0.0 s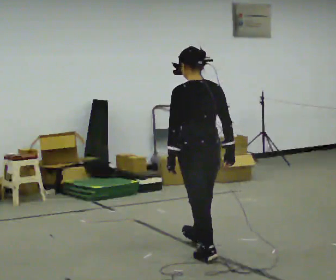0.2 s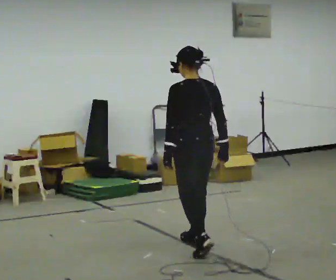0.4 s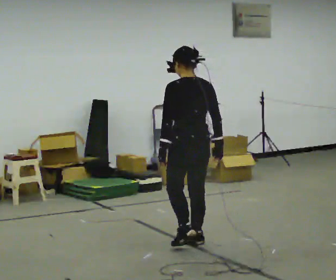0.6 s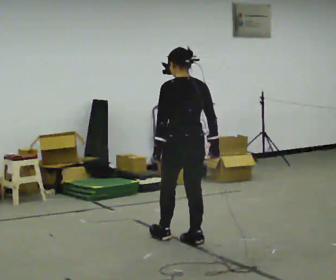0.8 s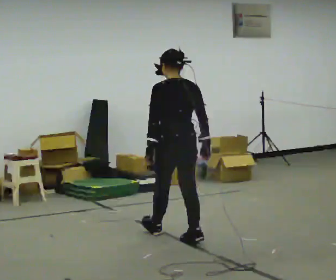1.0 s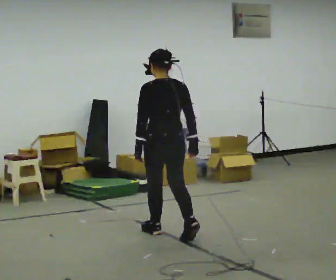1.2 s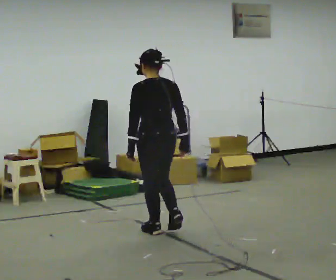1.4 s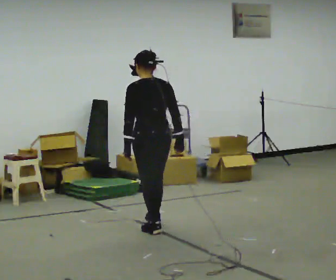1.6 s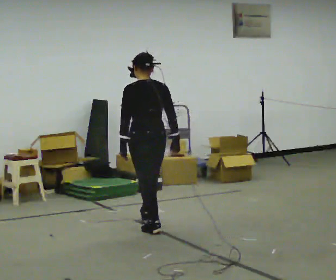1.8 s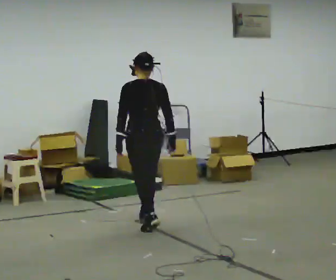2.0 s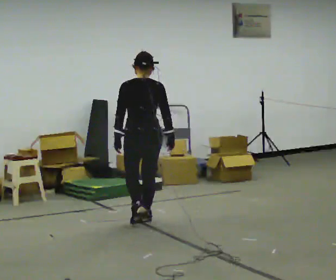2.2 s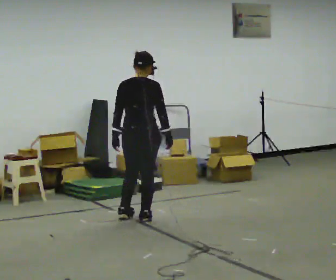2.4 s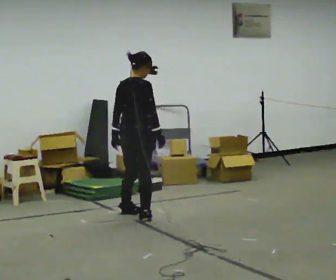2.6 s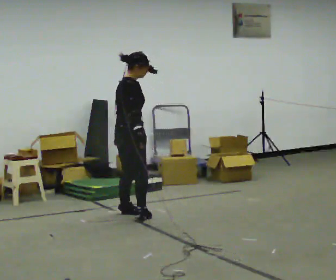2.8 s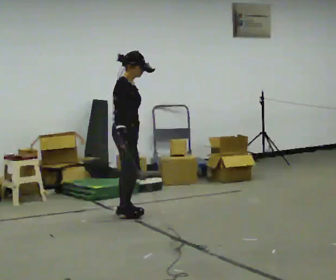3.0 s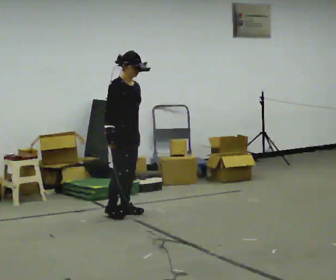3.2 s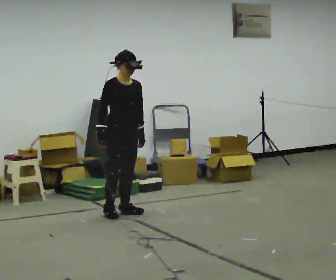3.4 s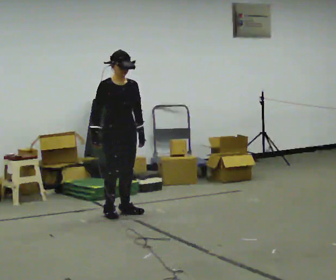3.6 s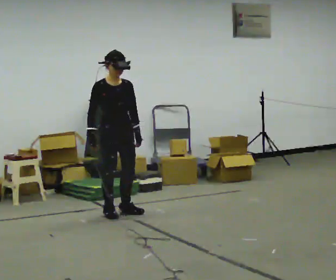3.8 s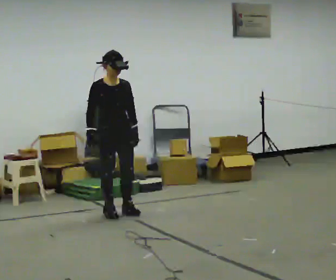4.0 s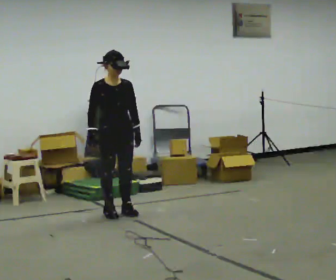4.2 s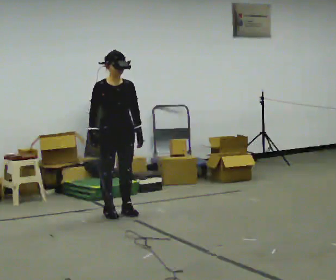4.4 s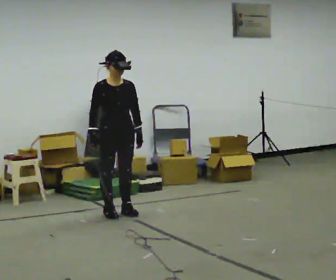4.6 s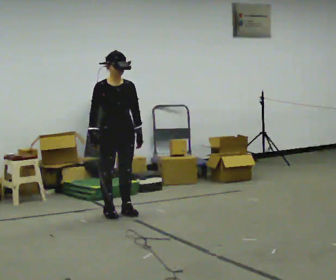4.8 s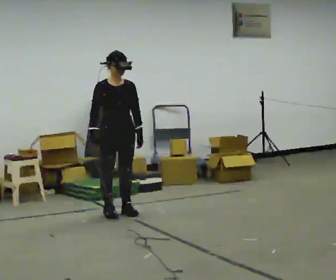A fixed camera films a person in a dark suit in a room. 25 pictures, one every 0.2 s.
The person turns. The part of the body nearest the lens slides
to the left.
The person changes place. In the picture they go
away from the camera.
0.0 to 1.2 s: In the picture they go away from the camera and to the left, about 0.75 m in 1 step, which for them is forward.
1.2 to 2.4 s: Seen from above the body turns clockwise, about 60 degrees: to their right, with its near side sliding to the left. In the picture they go away from the camera, about 0.75 m in 1 step.
2.4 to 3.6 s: The person turns about 105 degrees to their right, clockwise seen from above, so the part of the body nearest the lens slides to the left. In the picture they go away from the camera and to the left, about 0.25 m in 2 steps. In the picture their right hand goes to the left, the arm swinging clockwise.
3.6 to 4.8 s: The person moves a little, or ends about where they began.
The film runs forward here.
